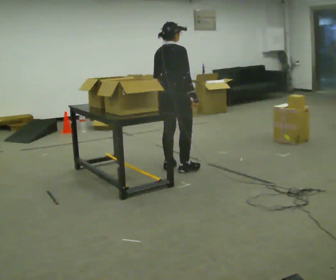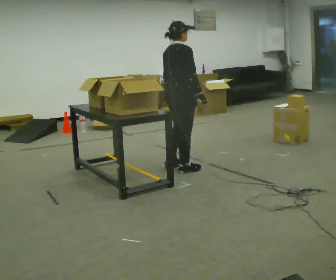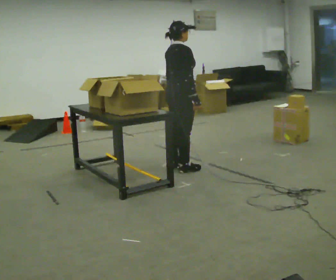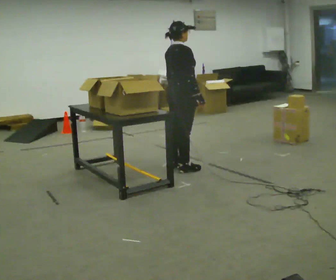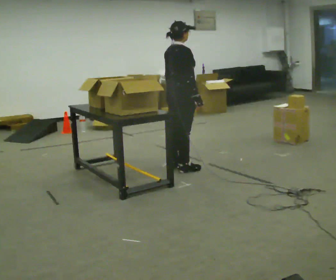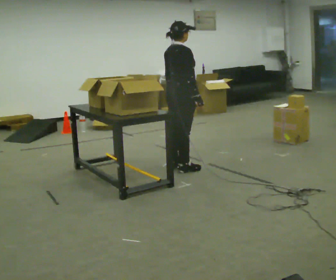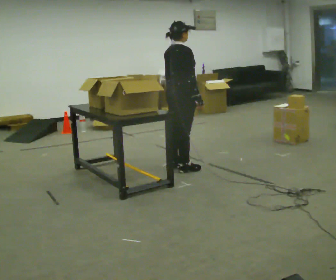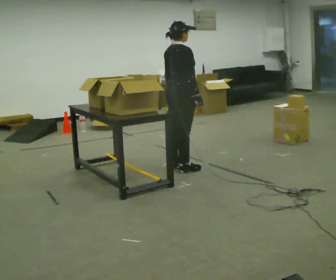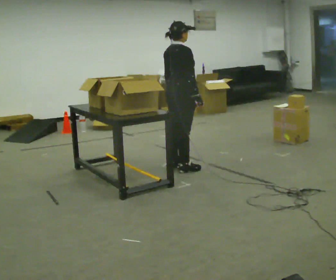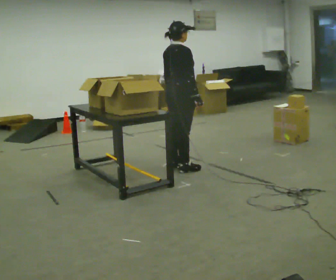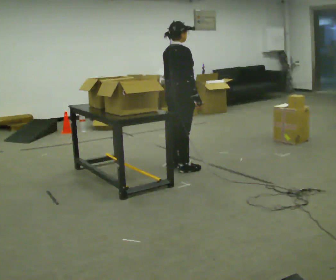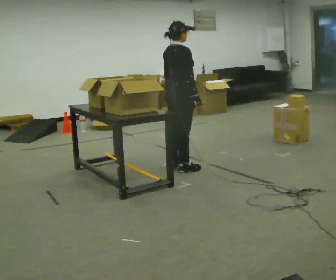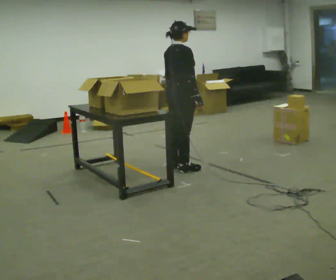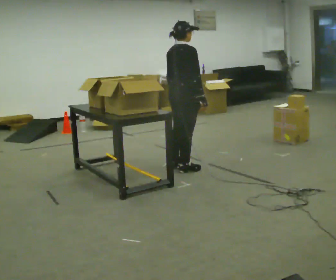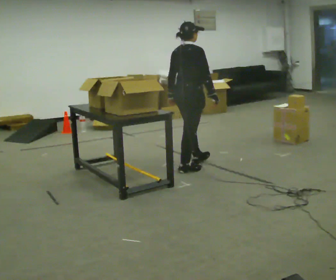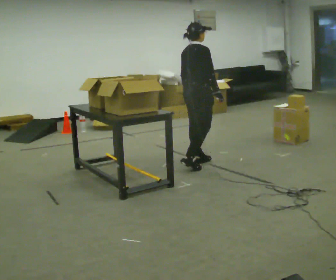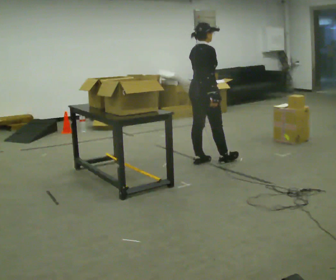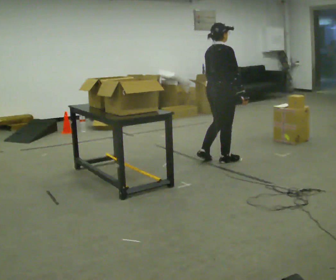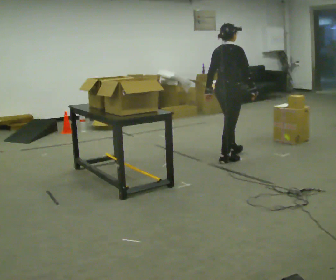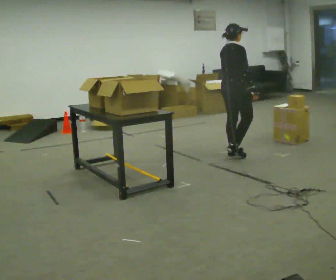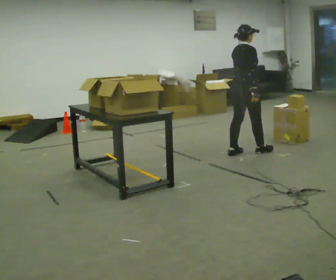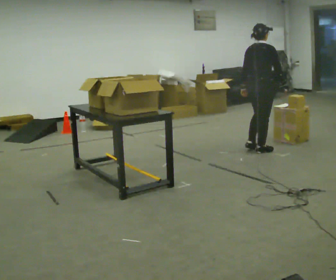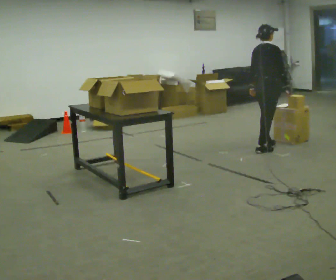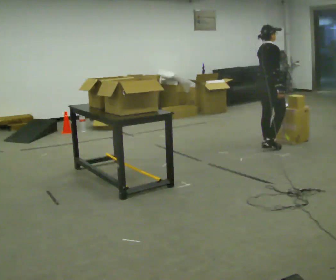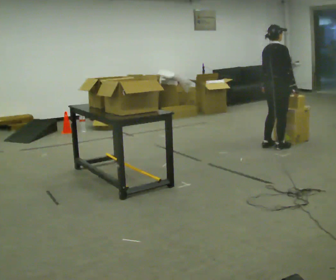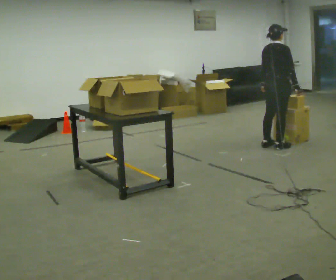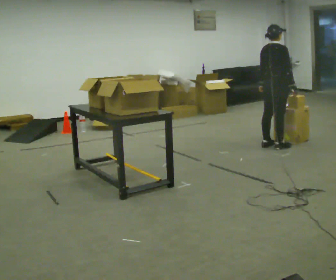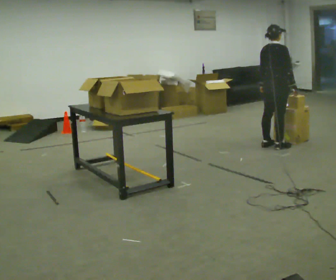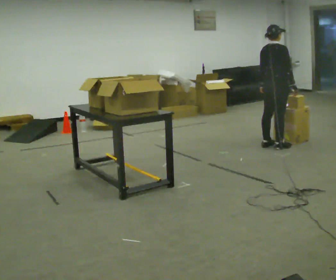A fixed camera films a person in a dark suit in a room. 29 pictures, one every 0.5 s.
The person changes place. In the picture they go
to the right.
0.0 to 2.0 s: The person moves a little, or ends about where they began.
2.0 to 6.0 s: The person keeps their place and pose.
6.0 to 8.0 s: In the picture they go to the right and away from the camera, about 0.25 m in 2 steps, which for them is forward.
8.0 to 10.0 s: In the picture they go to the right and away from the camera, about 0.75 m in 2 steps, which for them is forward.
10.0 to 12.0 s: In the picture they go to the right and away from the camera, about 0.5 m in 2 steps, which for them is forward.
12.0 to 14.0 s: The person moves a little, or ends about where they began.
The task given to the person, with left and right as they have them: 1. Read the list the operator gives you. 2. Collect the six items on the list from the shelves. 3. Put them all in the bin on the table. 4. Tell the operator when you are finished.
The film runs forward here.
